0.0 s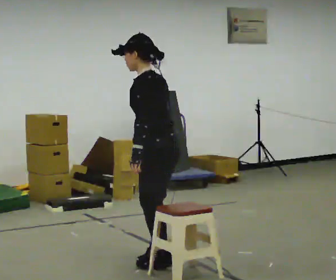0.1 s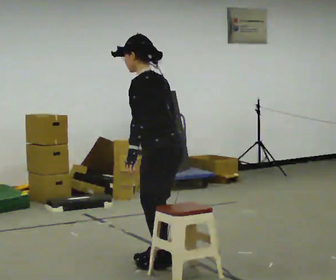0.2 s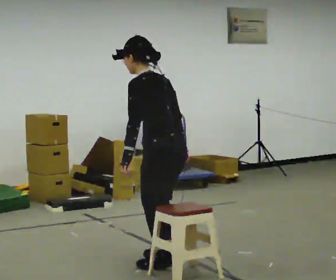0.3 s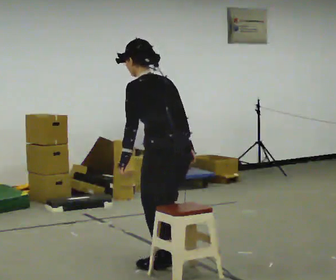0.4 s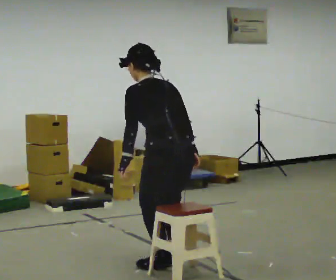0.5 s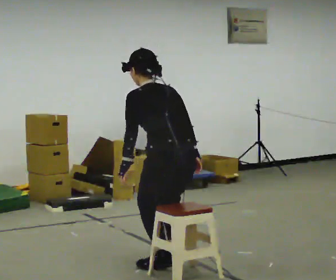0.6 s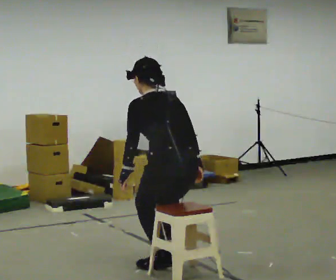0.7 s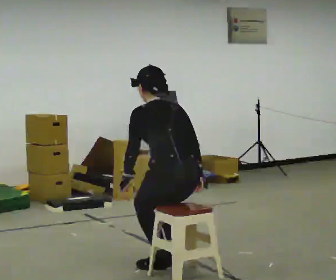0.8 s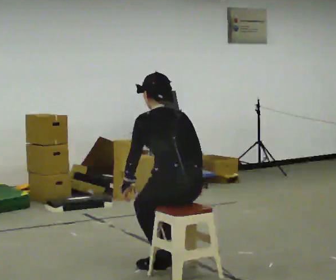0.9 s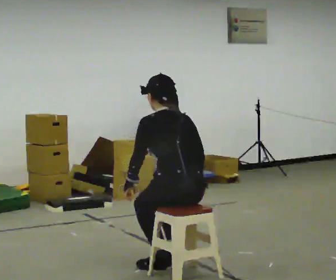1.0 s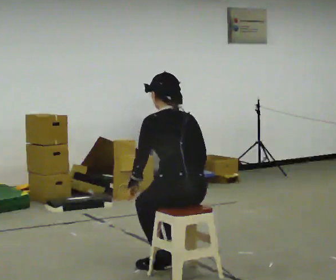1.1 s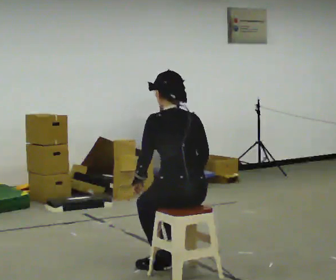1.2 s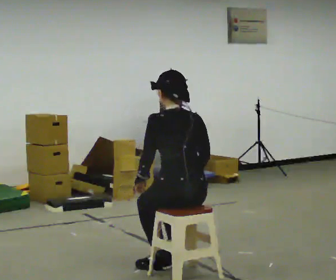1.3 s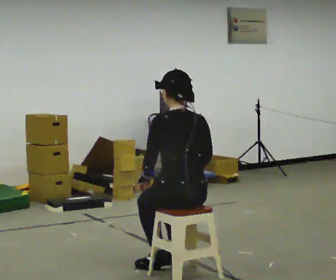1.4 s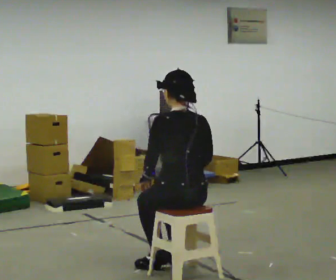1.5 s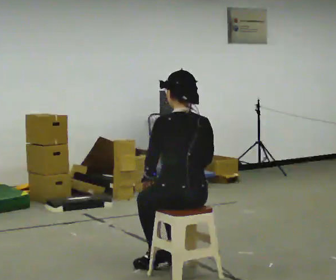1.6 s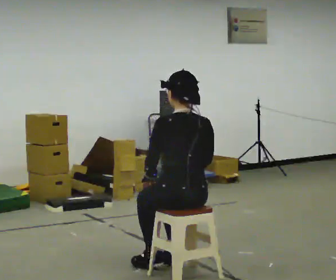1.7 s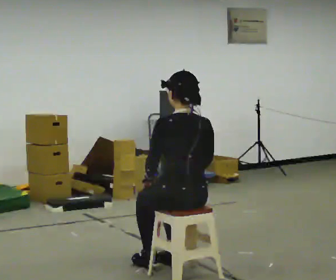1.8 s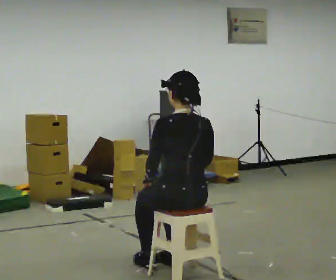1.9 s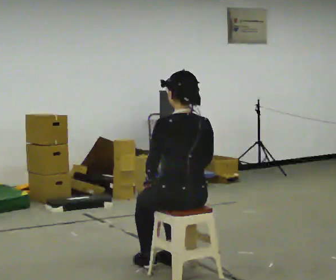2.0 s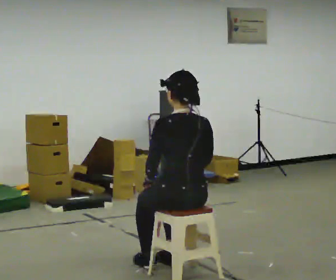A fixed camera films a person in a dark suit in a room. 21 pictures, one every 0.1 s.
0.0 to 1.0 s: The part of the body nearest the lens slides to the left as the person turns to their right by about 45 degrees. In the picture they go toward the camera, about 0.25 m in 1 step, which for them is backward. The shoulders move downward.
1.0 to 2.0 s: The upper body tips toward the camera, its near side rolling downward, as they lean back or straighten.
The film runs forward here.
